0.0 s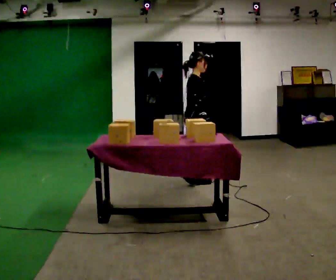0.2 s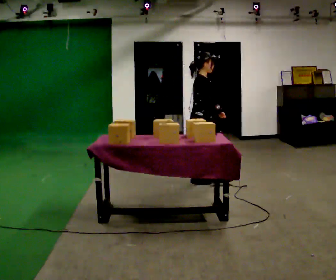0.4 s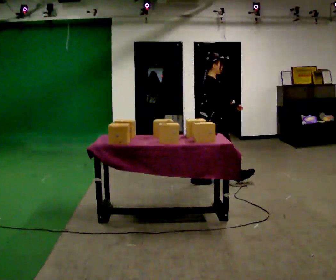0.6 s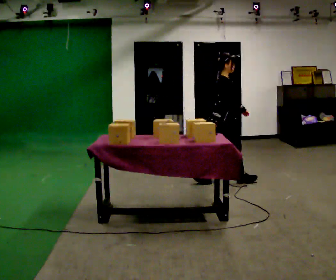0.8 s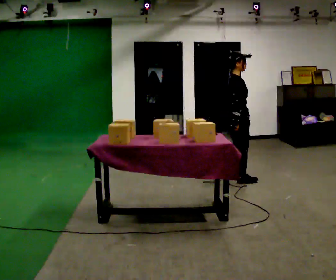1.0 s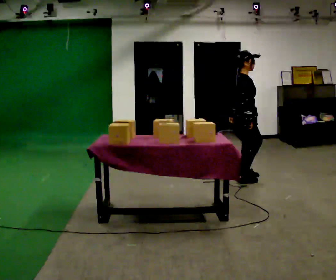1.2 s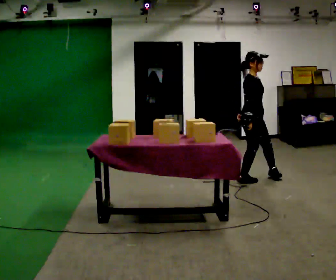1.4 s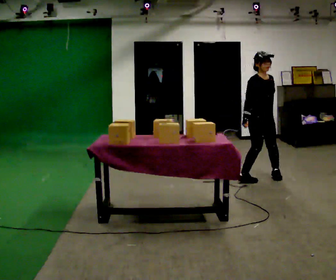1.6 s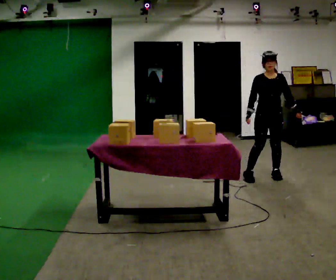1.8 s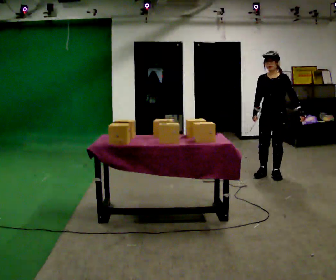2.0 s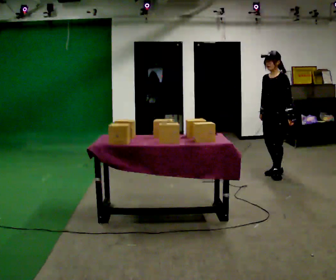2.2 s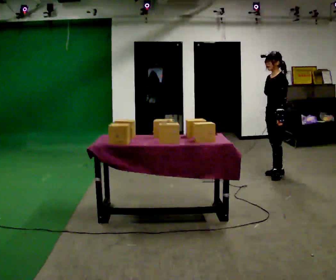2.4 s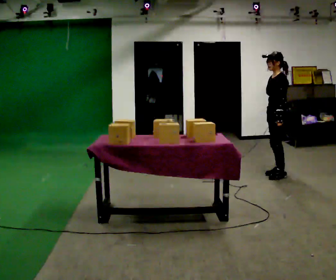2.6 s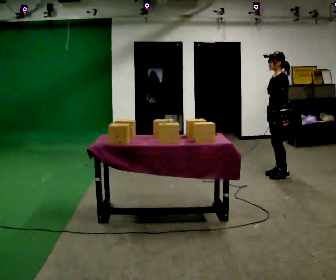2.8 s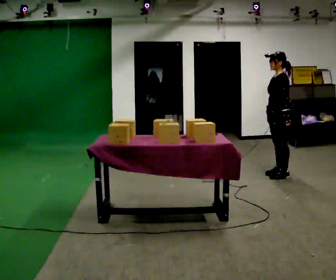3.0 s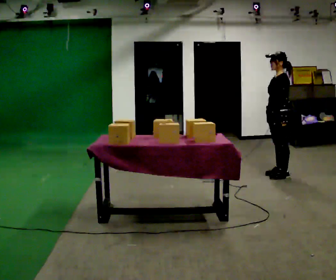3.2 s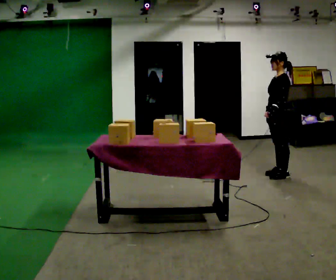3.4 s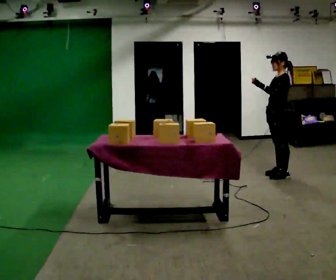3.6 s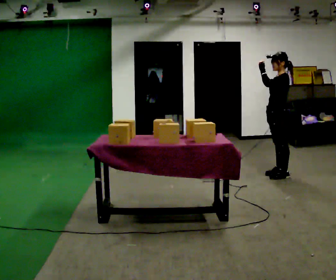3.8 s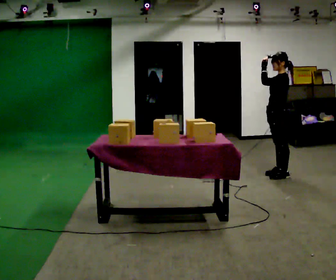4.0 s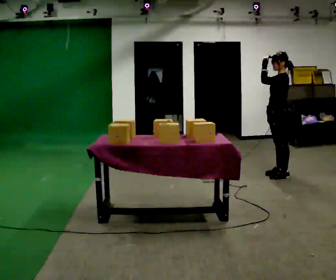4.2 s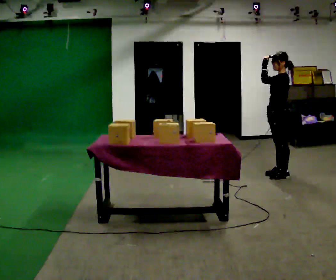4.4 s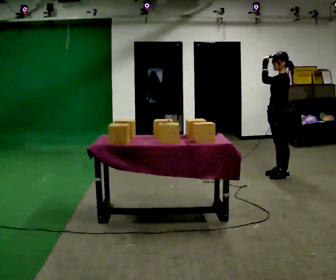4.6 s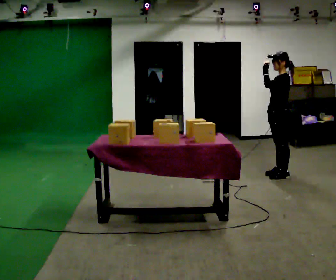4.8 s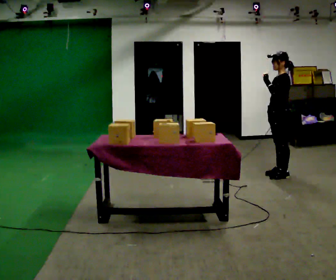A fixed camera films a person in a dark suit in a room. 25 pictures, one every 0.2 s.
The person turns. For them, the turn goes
to their right.
The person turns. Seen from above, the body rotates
clockwise.
0.0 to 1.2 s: Seen from above the body turns clockwise, about 30 degrees: to their right, with its near side sliding to the left. In the picture they go to the right, about 0.75 m in 1 step, which for them is forward.
1.2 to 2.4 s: The person turns about 150 degrees to their right, clockwise seen from above, so the part of the body nearest the lens slides to the left. In the picture they go away from the camera and to the right, about 0.5 m in 2 steps.
2.4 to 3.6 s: In the picture their left hand goes upward.
3.6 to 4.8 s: The person moves a little, or ends about where they began.
The film runs forward here.
